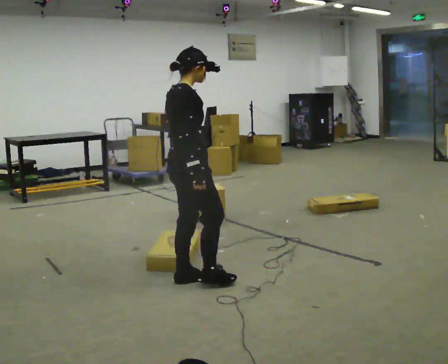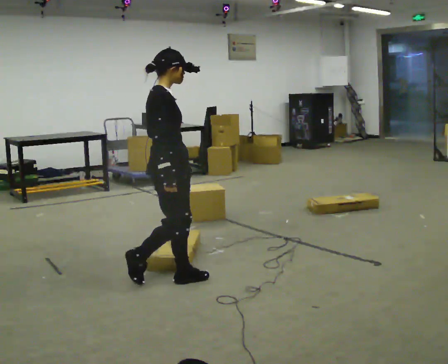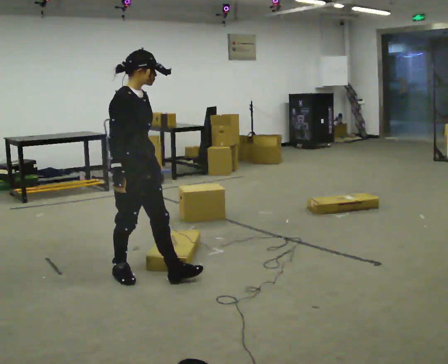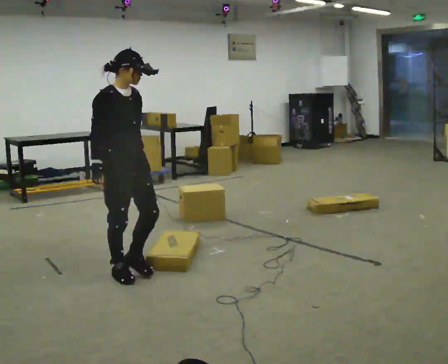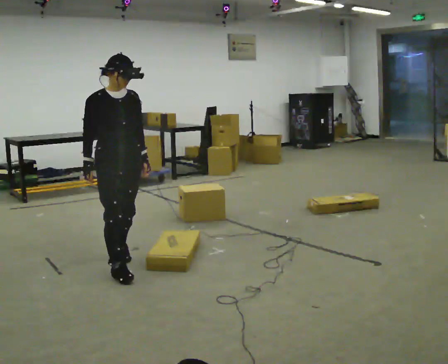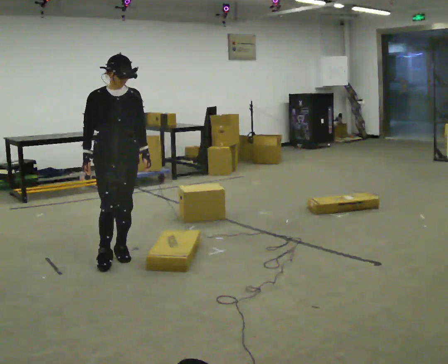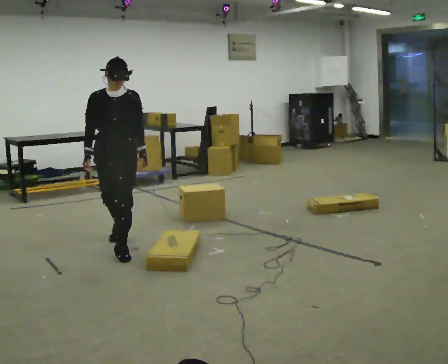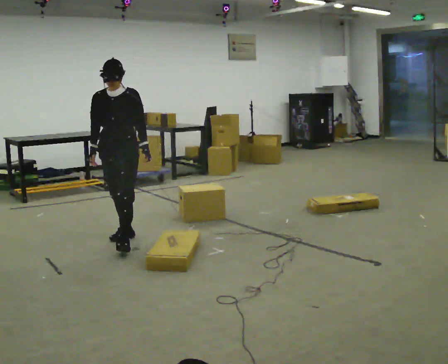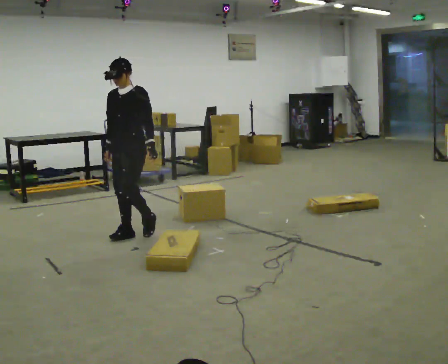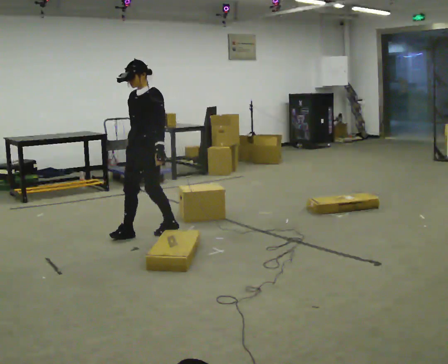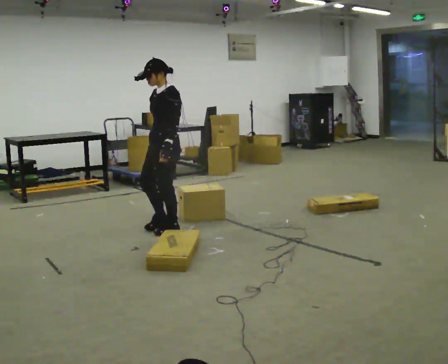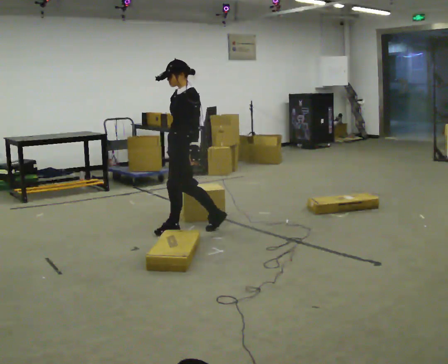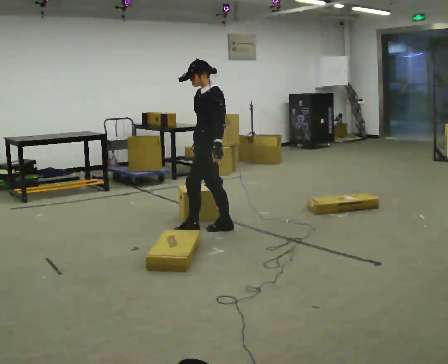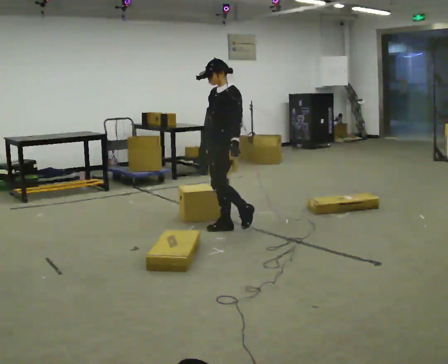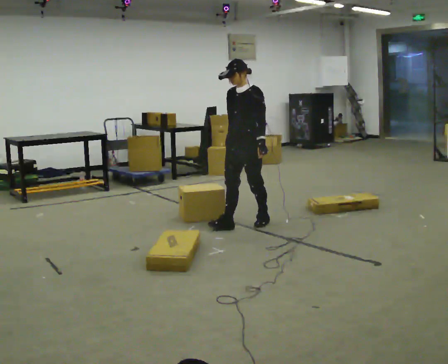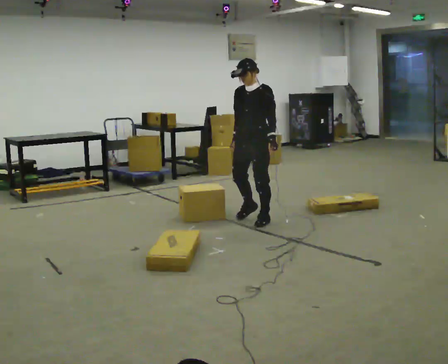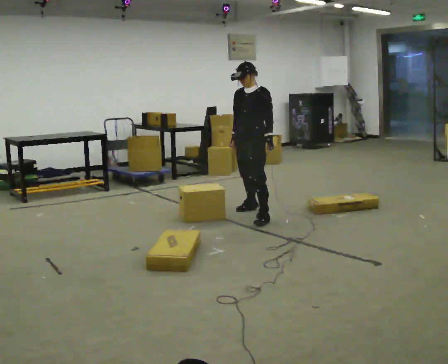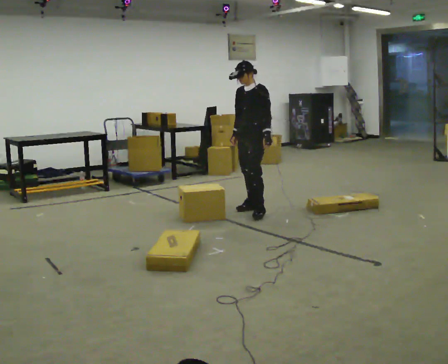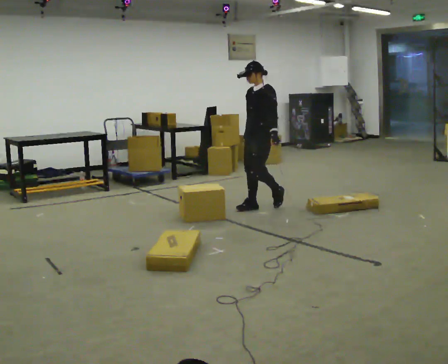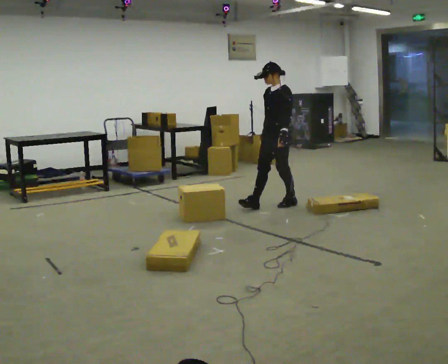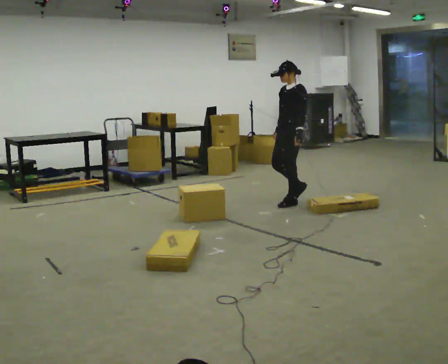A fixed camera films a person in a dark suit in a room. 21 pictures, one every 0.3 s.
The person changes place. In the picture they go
away from the camera.
0.0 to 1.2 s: The person turns about 75 degrees to their right, clockwise seen from above, so the part of the body nearest the lens slides to the left. In the picture they go to the left and away from the camera, about 0.5 m in 1 step.
1.2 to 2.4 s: Seen from above the body turns clockwise, about 75 degrees: to their right, with its near side sliding to the left. In the picture they go away from the camera, about 0.5 m in 2 steps.
2.4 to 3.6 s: The part of the body nearest the lens slides to the left as the person turns to their right by about 45 degrees. In the picture they go to the right, about 0.5 m in 2 steps, which for them is backward.
3.6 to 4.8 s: Seen from above the body turns counterclockwise, about 30 degrees: to their left, with its near side sliding to the right. In the picture they go away from the camera and to the right, about 0.5 m in 1 step, which for them is backward.
4.8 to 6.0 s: The part of the body nearest the lens slides to the left as the person turns to their right by about 30 degrees. In the picture they go to the right and away from the camera, about 0.5 m in 2 steps, which for them is backward.
The film runs backward here.
